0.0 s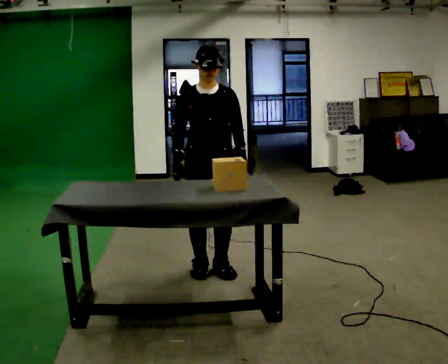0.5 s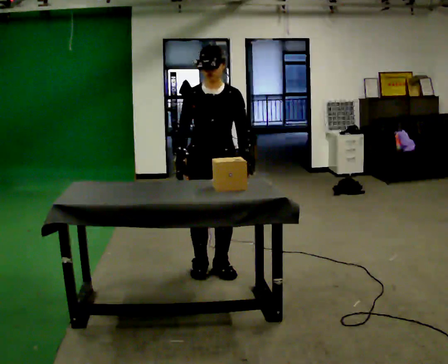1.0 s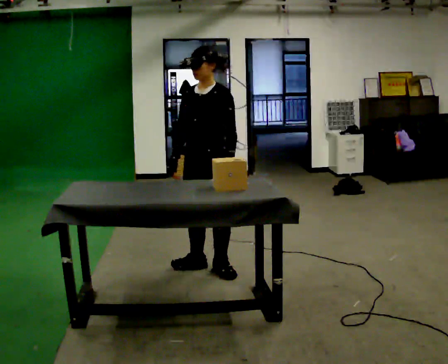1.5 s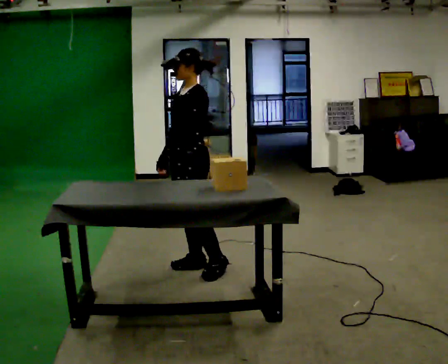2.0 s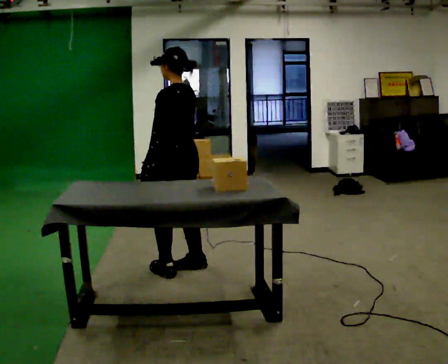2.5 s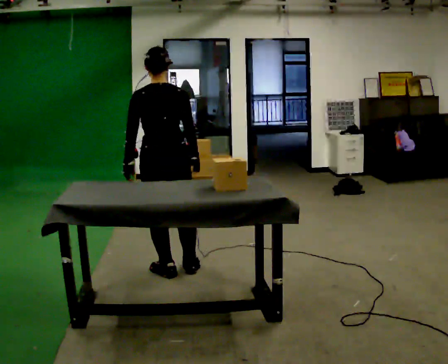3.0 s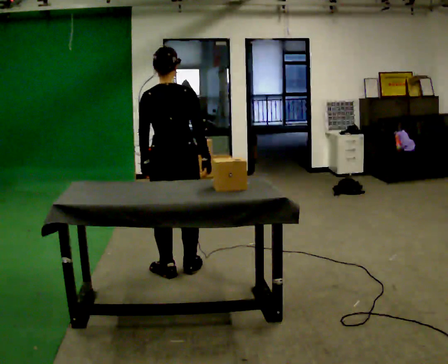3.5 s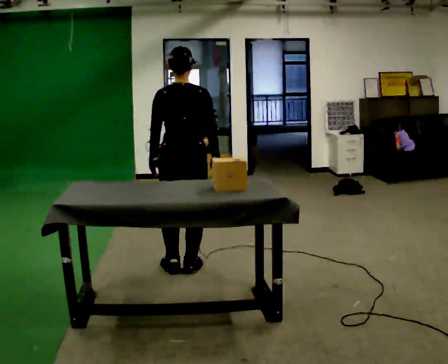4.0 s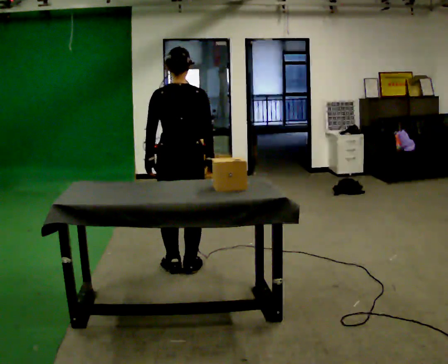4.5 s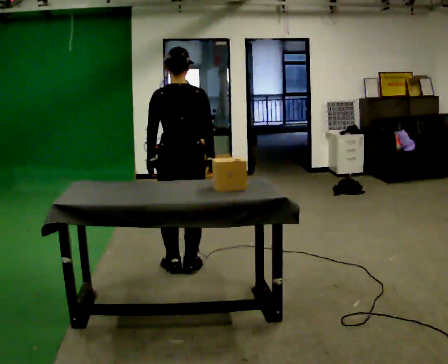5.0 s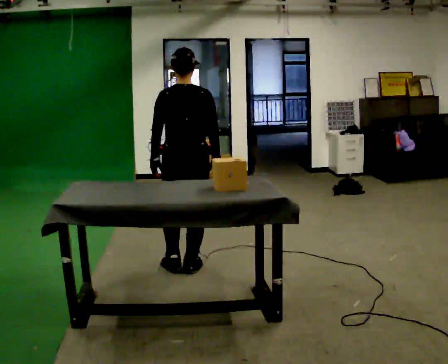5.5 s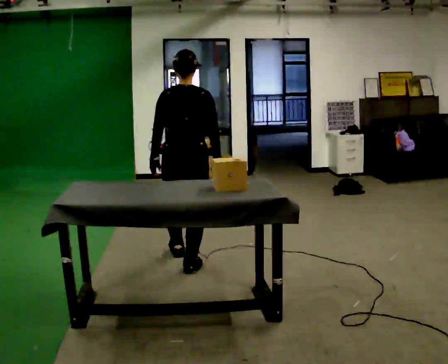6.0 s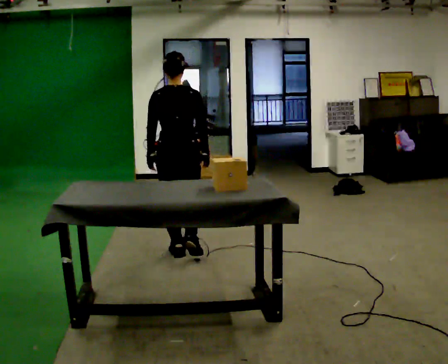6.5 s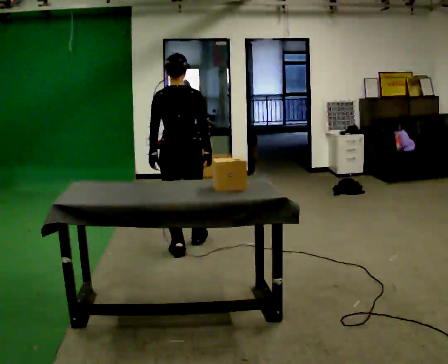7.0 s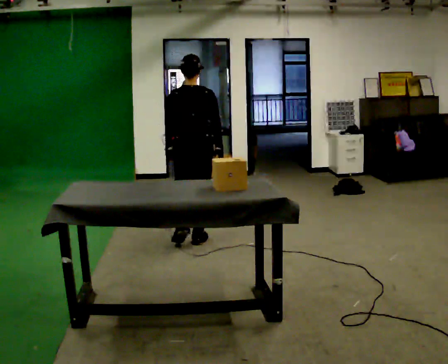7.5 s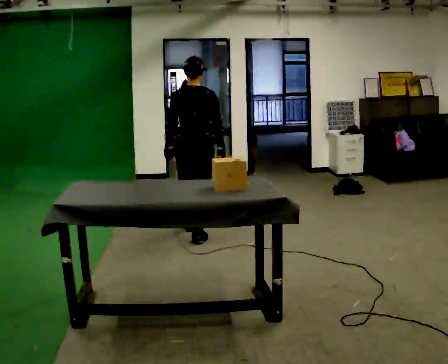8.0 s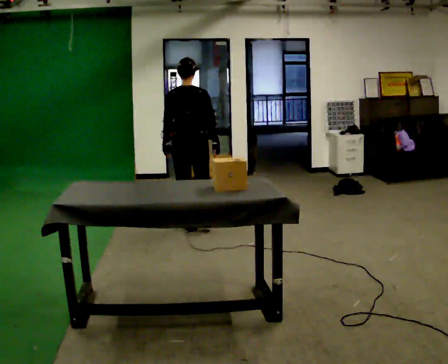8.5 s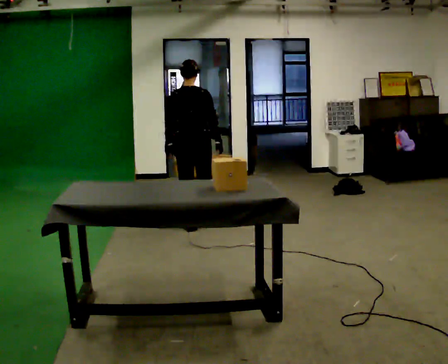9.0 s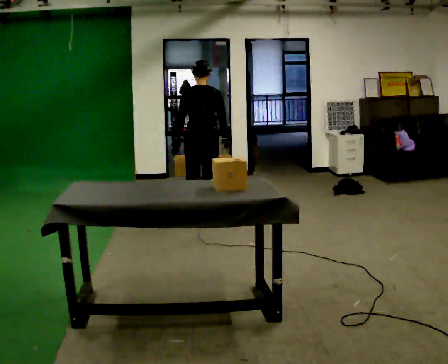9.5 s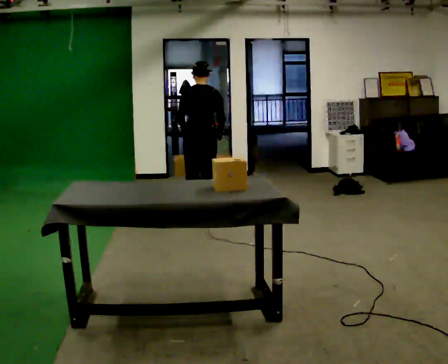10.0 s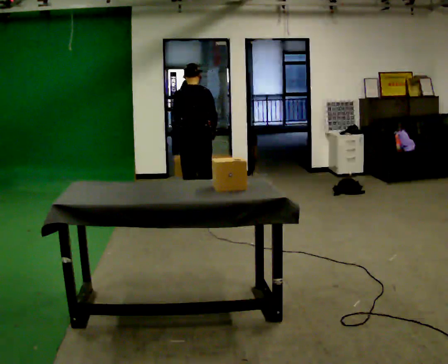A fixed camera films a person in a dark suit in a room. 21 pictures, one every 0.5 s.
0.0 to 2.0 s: The person turns about 120 degrees to their right, clockwise seen from above, so the part of the body nearest the lens slides to the left. In the picture they go to the left, about 0.25 m in 1 step.
2.0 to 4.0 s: Seen from above the body turns clockwise, about 60 degrees: to their right, with its near side sliding to the left.
4.0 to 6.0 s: In the picture they go away from the camera, about 0.25 m in 1 step, which for them is forward.
6.0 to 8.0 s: In the picture they go away from the camera, about 0.5 m in 2 steps, which for them is forward.
8.0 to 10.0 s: In the picture they go away from the camera, about 0.5 m in 2 steps, which for them is forward.
The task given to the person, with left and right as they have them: Take the objects the operator names off the crowded shelf, one at a time, and carry each one to the table. You will have to move other things out of the way to reach them. Keep going until the operator says stop; one object at a time, and do not rush between trips.
The film runs forward here.
